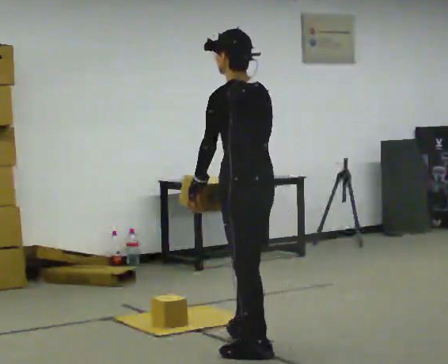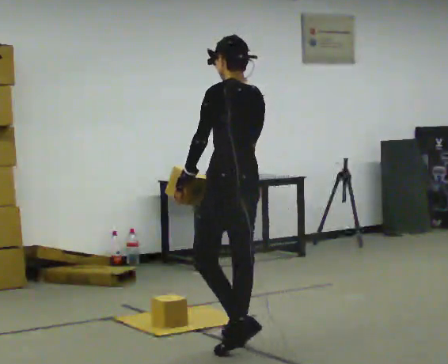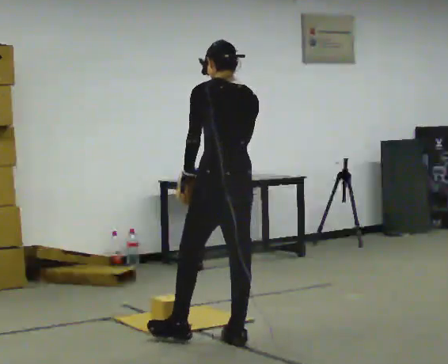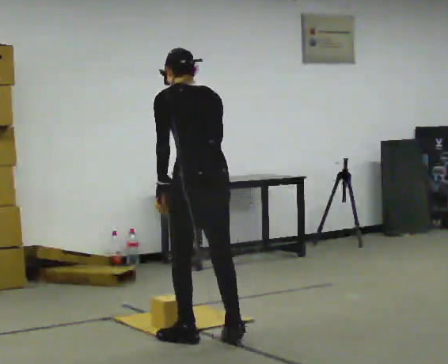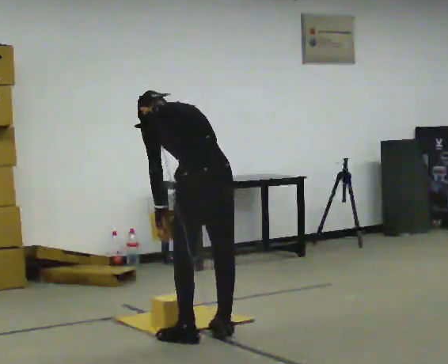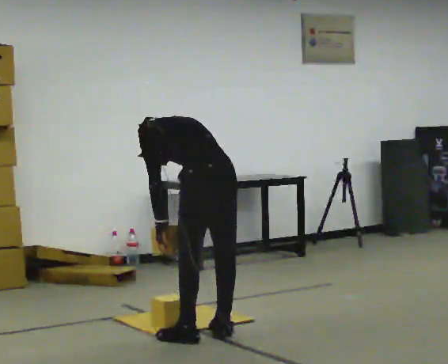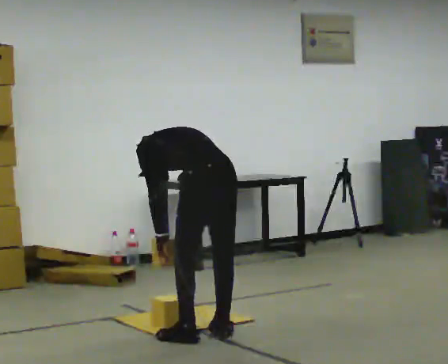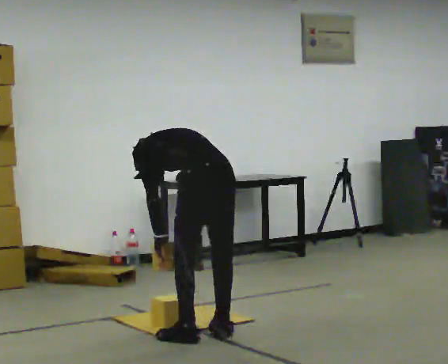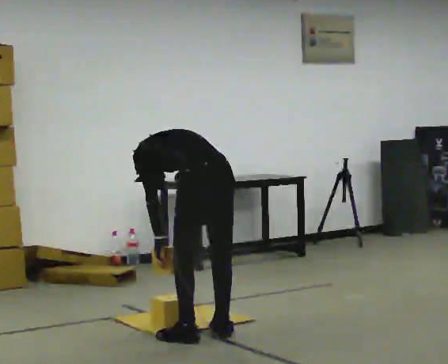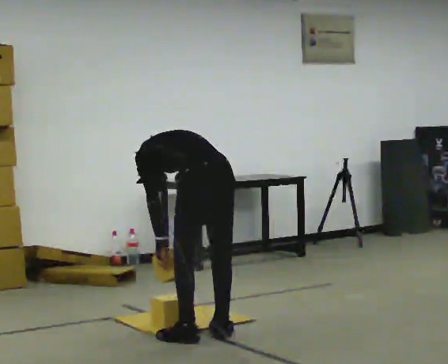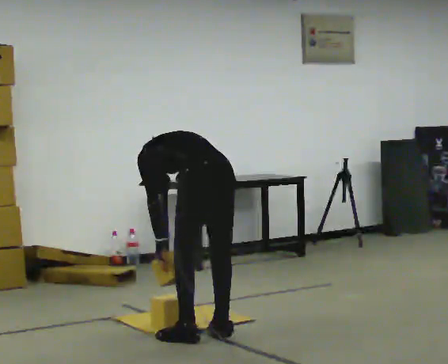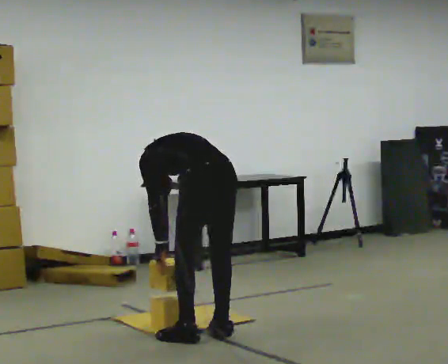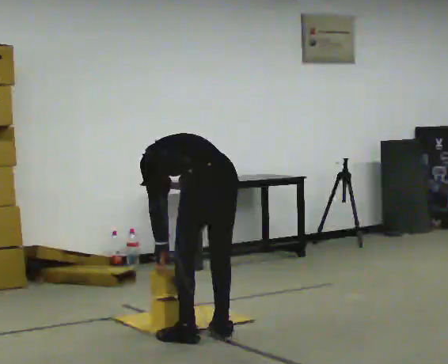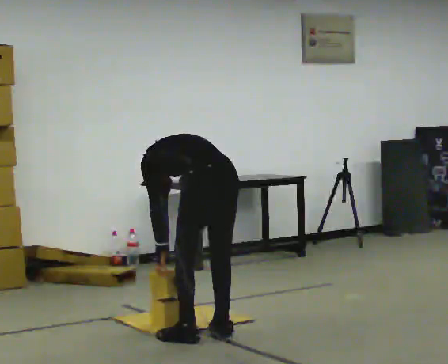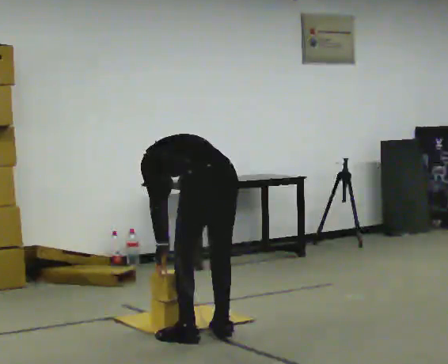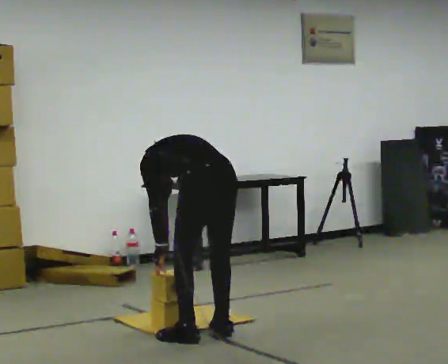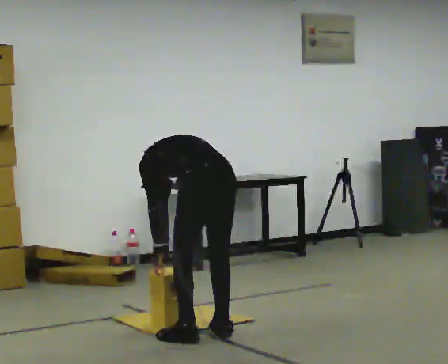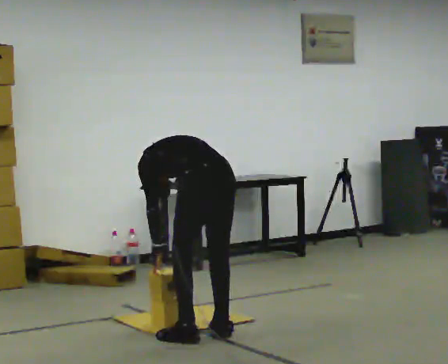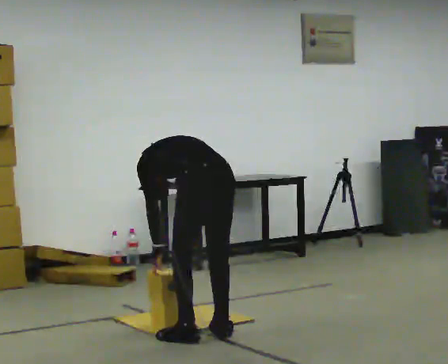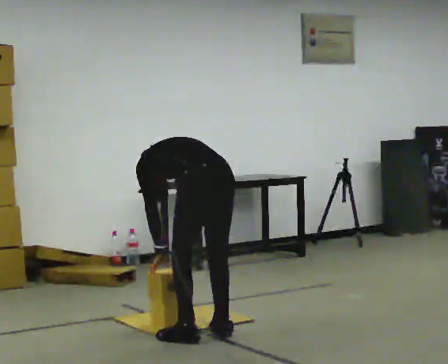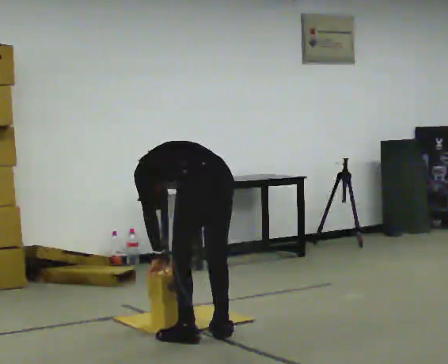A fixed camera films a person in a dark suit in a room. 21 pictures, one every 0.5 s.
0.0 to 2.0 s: In the picture they go away from the camera and to the left, about 0.25 m in 3 steps, which for them is forward. The upper body tips away from the camera, its near side rolling upward, as they bend forward.
2.0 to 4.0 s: The shoulders move downward. The upper body tips away from the camera, its near side rolling upward, as they bend forward.
4.0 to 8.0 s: The person moves a little, or ends about where they began.
8.0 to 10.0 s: In the picture the upper body tilts counterclockwise, shoulders to the left.
The film runs forward here.
